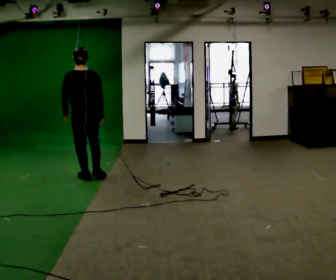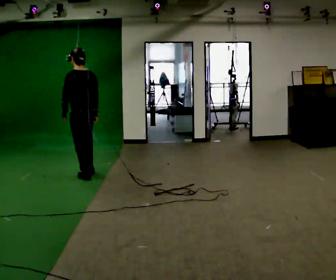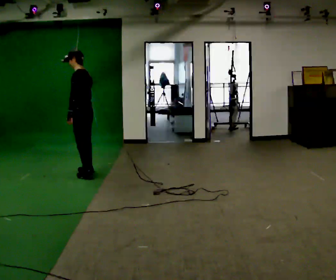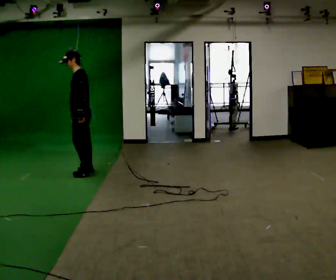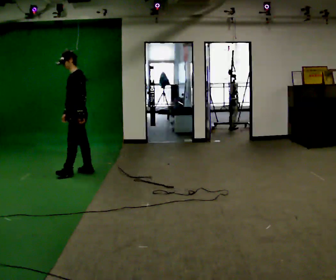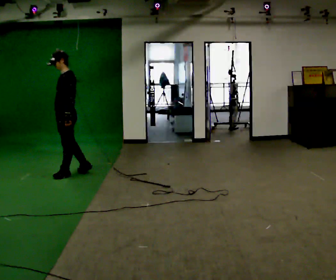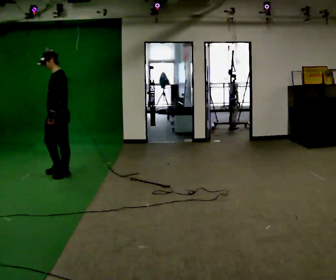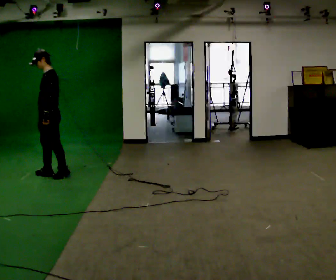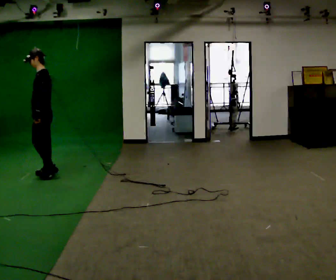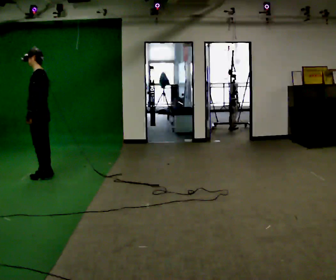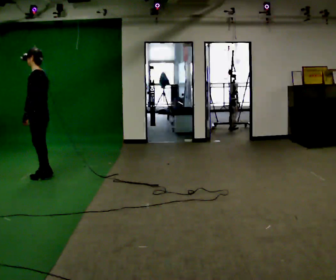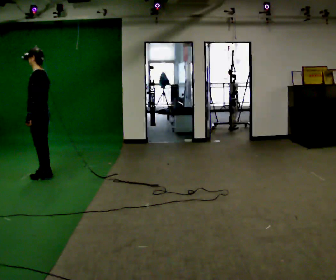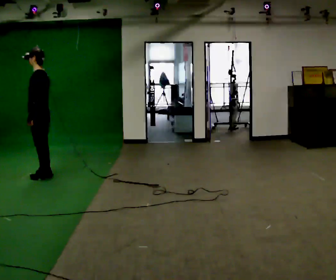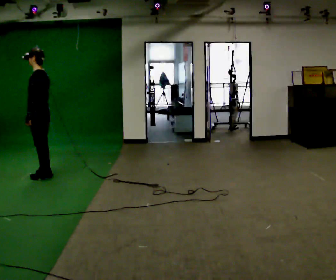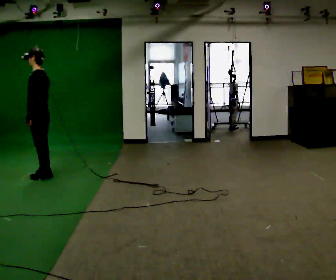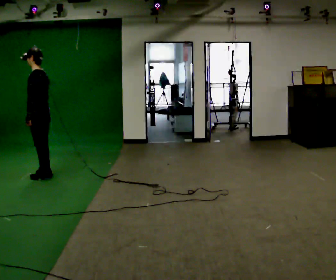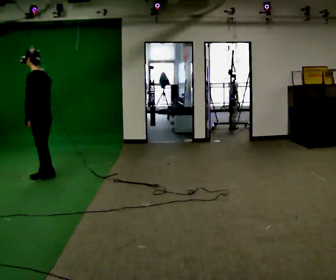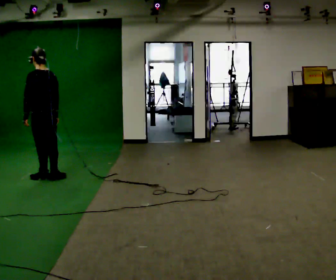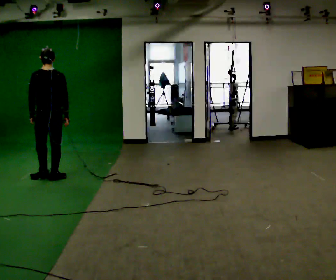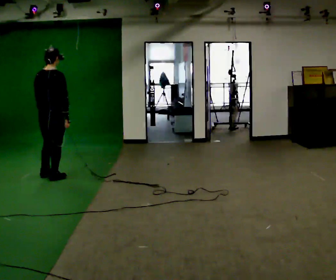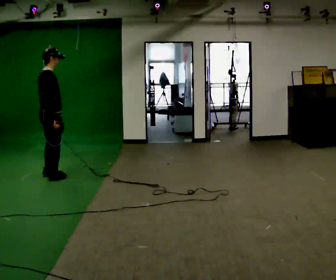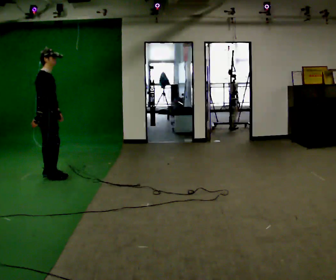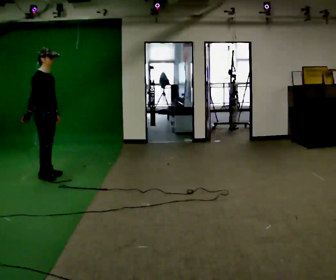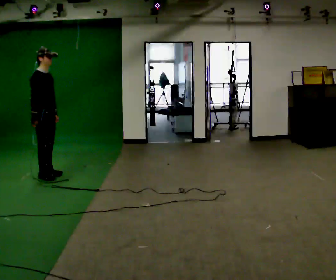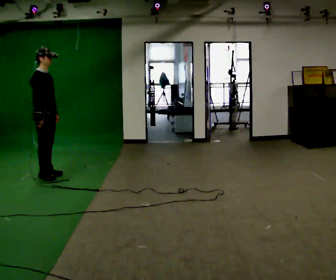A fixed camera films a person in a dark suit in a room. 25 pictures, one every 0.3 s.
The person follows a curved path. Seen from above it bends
counterclockwise.
0.0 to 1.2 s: The person turns about 90 degrees to their left, counterclockwise seen from above, so the part of the body nearest the lens slides to the right. In the picture they go away from the camera, about 0.25 m in 1 step.
1.2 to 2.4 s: In the picture they go to the left, about 0.5 m in 2 steps, which for them is forward.
2.4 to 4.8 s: Seen from above the body turns clockwise, about 30 degrees: to their right, with its near side sliding to the left. In the picture they go toward the camera, about 0.25 m in 1 step, which for them is to their left.
4.8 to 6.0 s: The person turns about 135 degrees to their right, clockwise seen from above, so the part of the body nearest the lens slides to the left.
6.0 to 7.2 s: Seen from above the body turns clockwise, about 45 degrees: to their right, with its near side sliding to the left.
The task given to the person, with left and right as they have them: Walk through 3–5 turns in sequence; keep moving; stop at end.
The film runs forward here.
